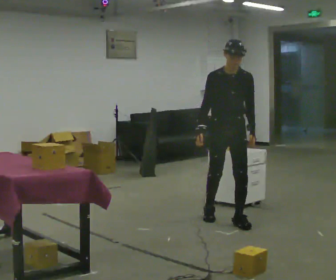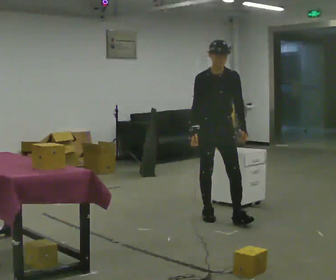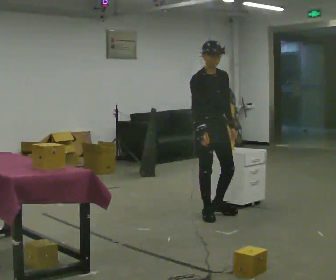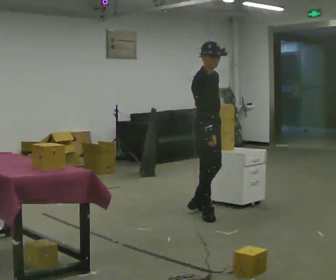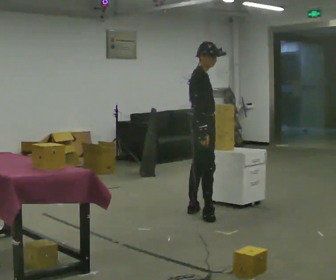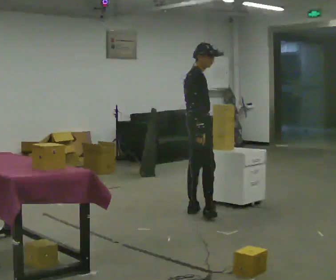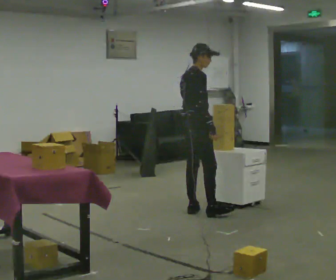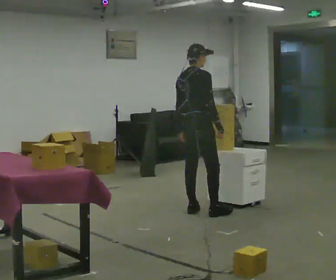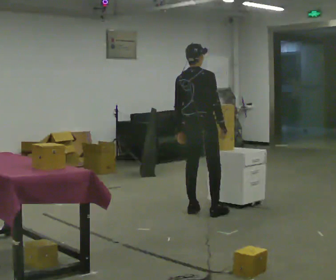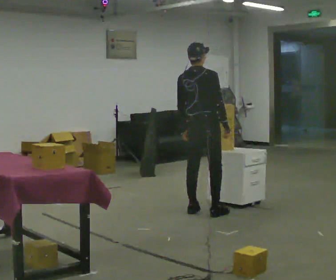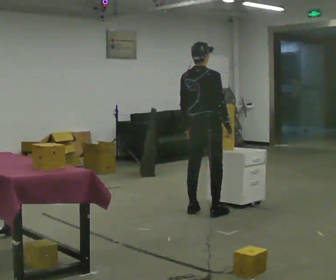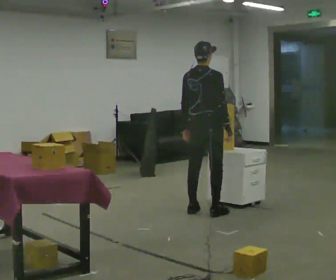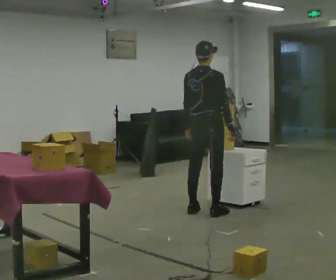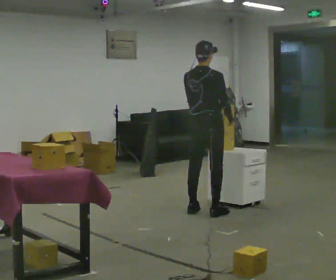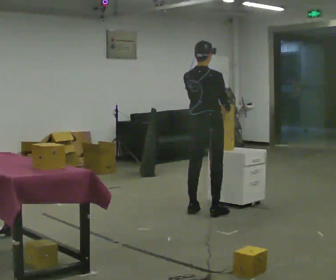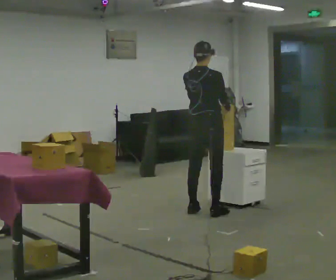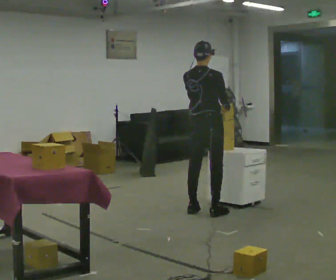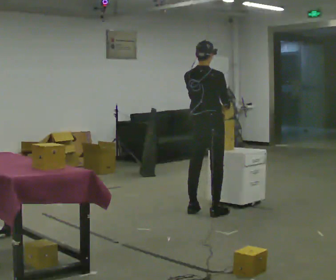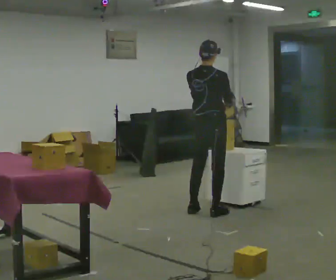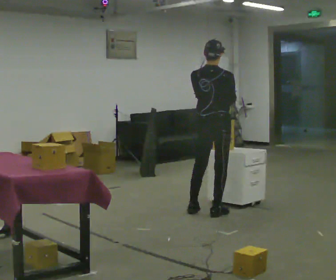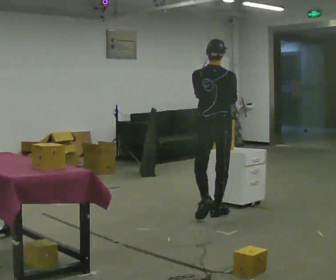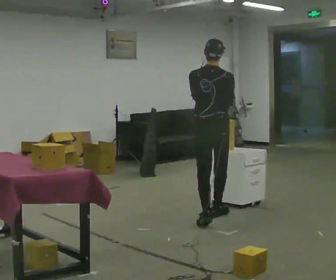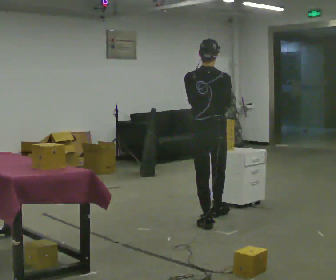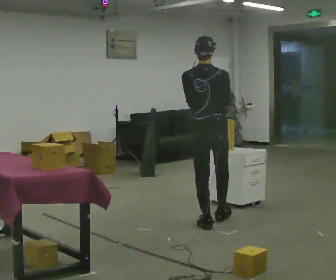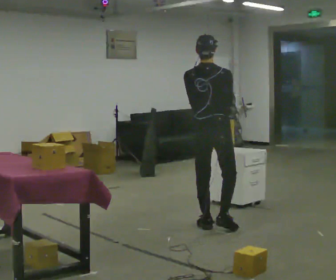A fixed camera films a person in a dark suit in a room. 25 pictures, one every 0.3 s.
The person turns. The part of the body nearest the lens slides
to the right.
The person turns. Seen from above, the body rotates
counterclockwise.
0.0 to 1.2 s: The person turns about 90 degrees to their left, counterclockwise seen from above, so the part of the body nearest the lens slides to the right. In the picture they go away from the camera and to the left, about 0.5 m in 1 step.
1.2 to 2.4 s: Seen from above the body turns counterclockwise, about 60 degrees: to their left, with its near side sliding to the right.
2.4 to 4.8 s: The person moves a little, or ends about where they began.
4.8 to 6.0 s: In the picture they go toward the camera, about 0.25 m in 1 step, which for them is to their right and backward.
6.0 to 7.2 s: In the picture they go toward the camera, about 0.5 m in 1 step, which for them is backward.
The film runs backward here.
